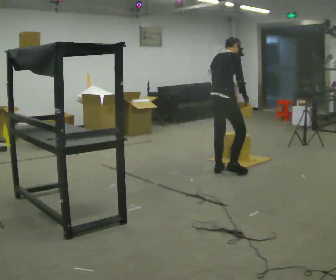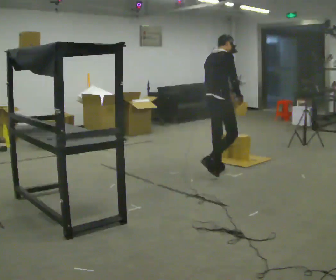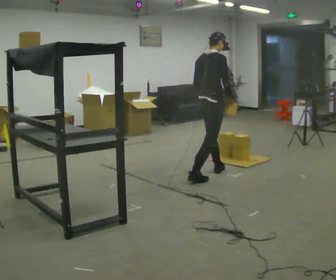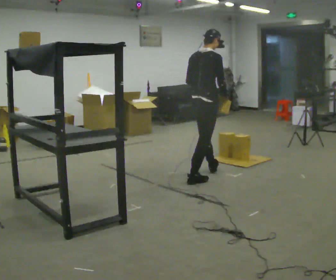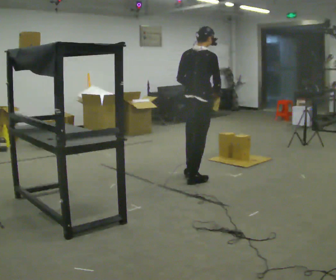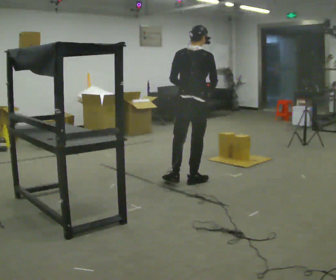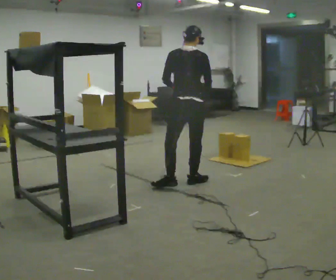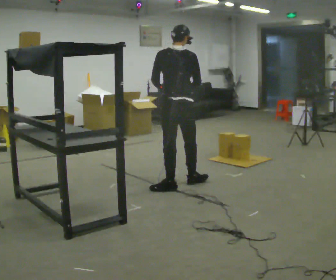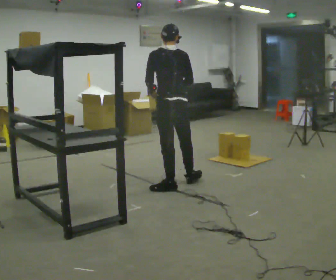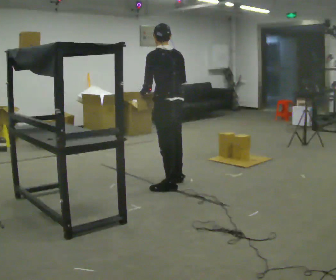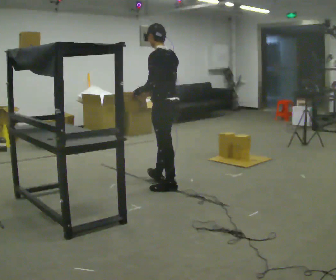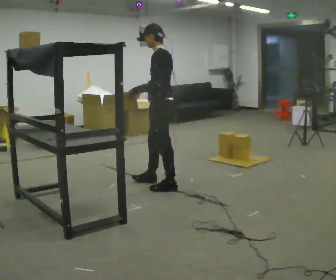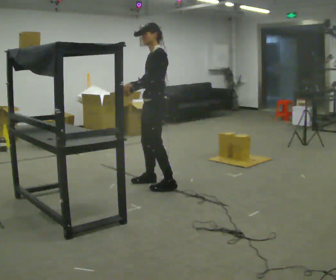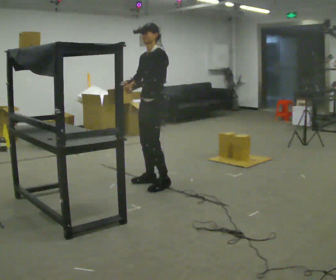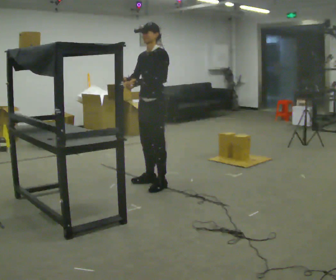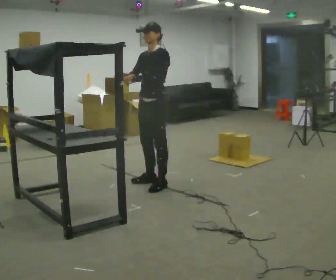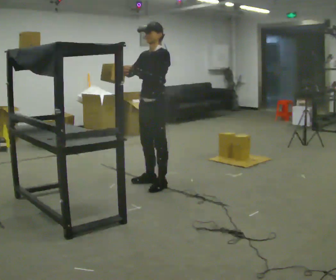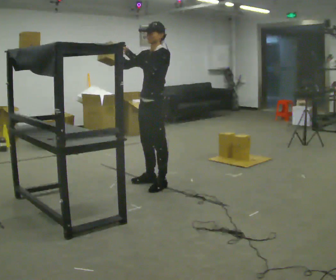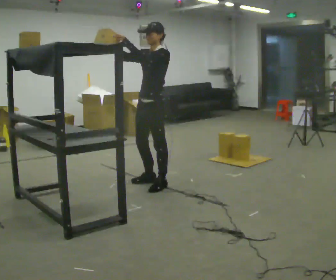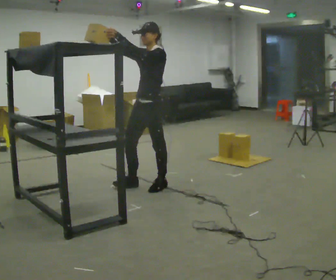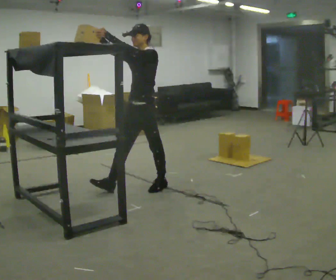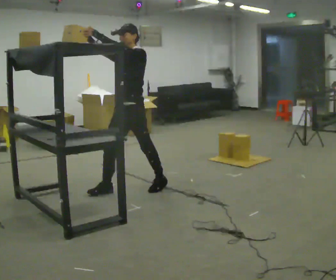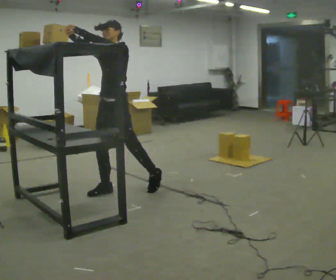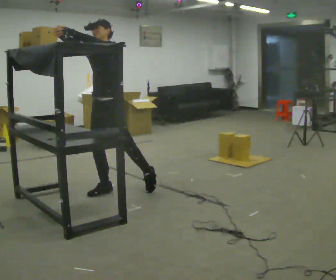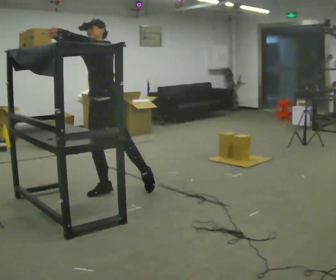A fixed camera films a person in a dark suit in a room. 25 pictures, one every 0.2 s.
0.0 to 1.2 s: The part of the body nearest the lens slides to the right as the person turns to their left by about 45 degrees. In the picture they go to the left and toward the camera, about 0.5 m in 1 step, which for them is backward.
1.2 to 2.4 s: Seen from above the body turns counterclockwise, about 105 degrees: to their left, with its near side sliding to the right. In the picture they go to the left, about 0.25 m in 1 step.
2.4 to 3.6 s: The part of the body nearest the lens slides to the right as the person turns to their left by about 30 degrees. In the picture their right hand goes upward, the arm swinging clockwise.
3.6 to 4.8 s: In the picture they go to the left, about 0.5 m in 2 steps, which for them is forward.
The film runs backward here.
